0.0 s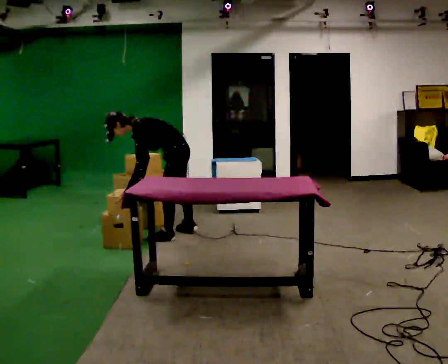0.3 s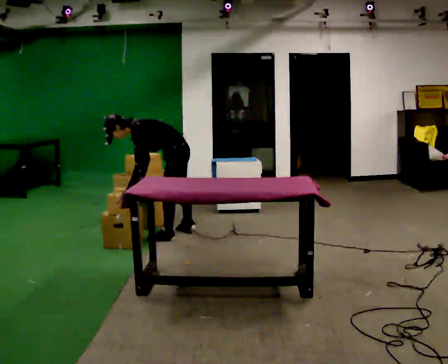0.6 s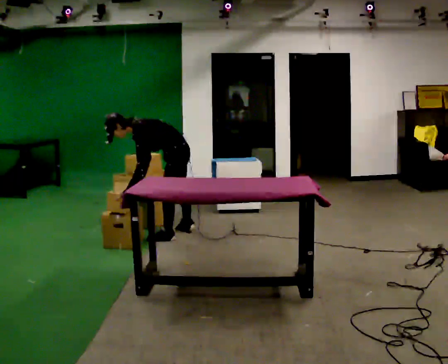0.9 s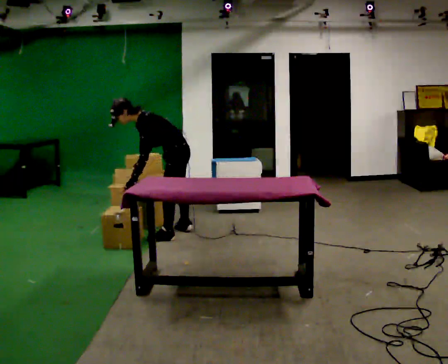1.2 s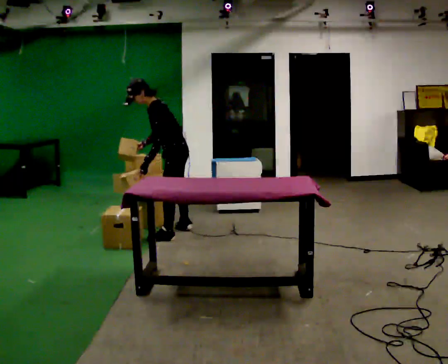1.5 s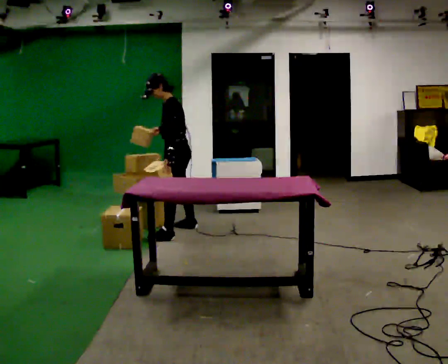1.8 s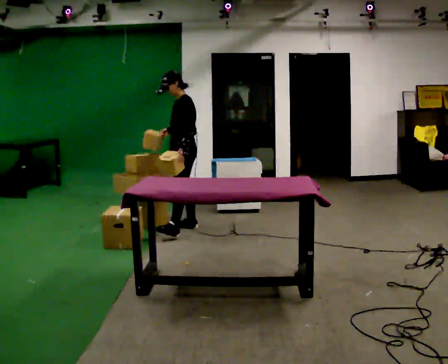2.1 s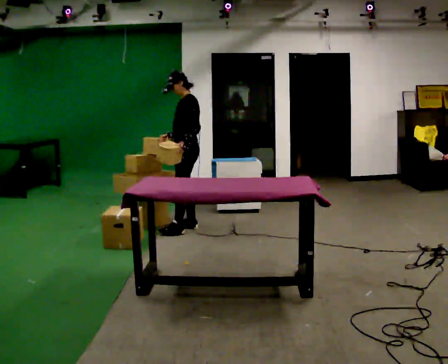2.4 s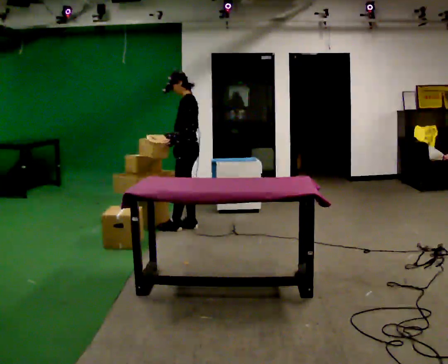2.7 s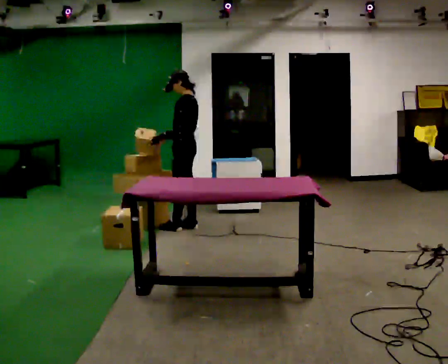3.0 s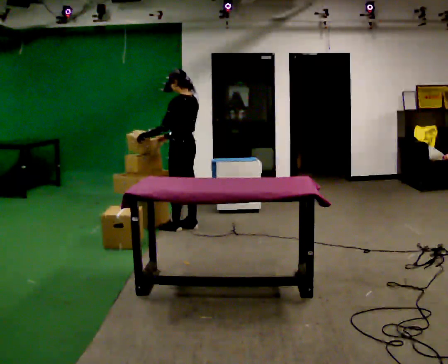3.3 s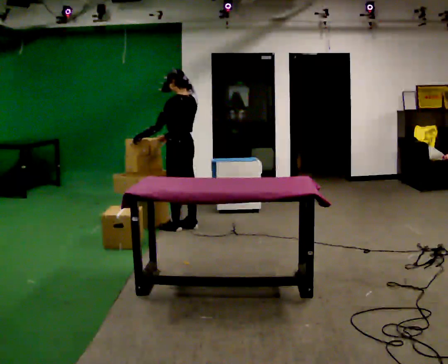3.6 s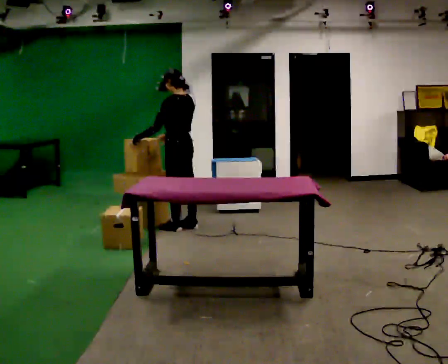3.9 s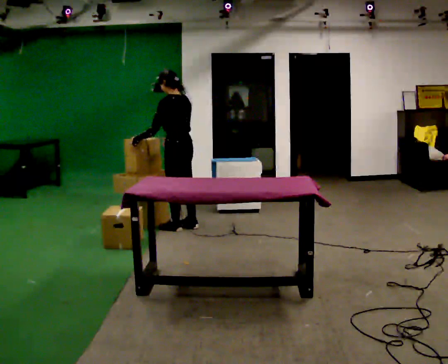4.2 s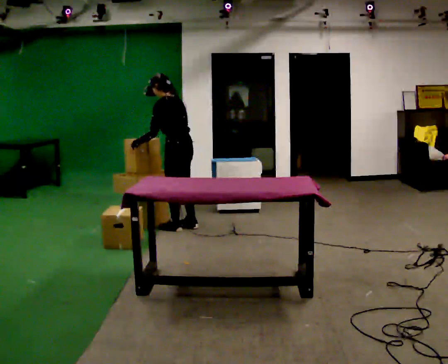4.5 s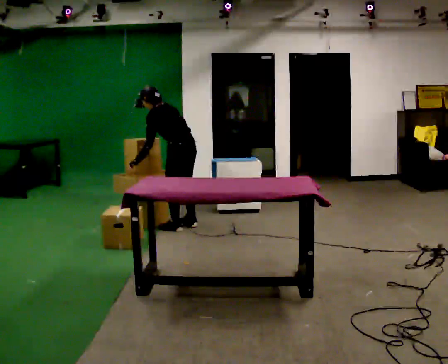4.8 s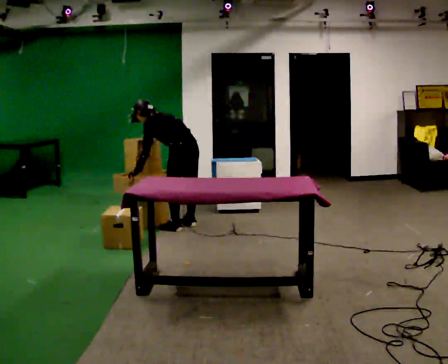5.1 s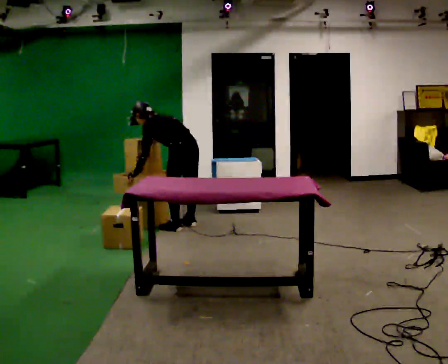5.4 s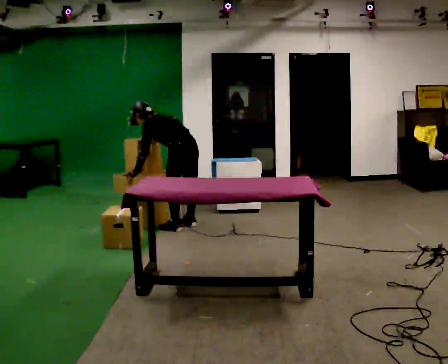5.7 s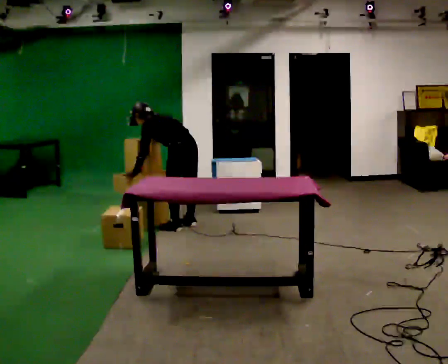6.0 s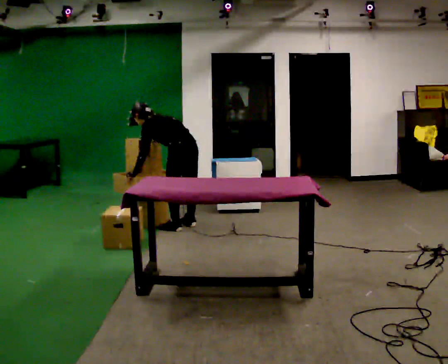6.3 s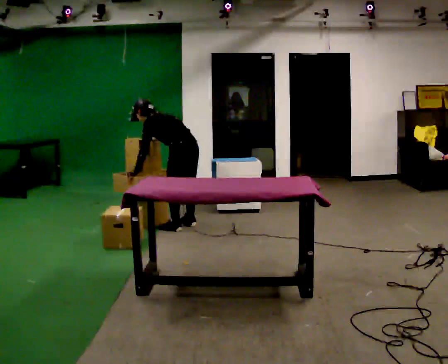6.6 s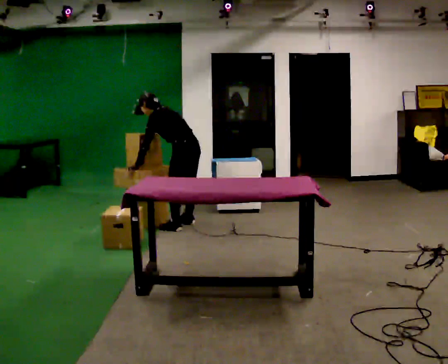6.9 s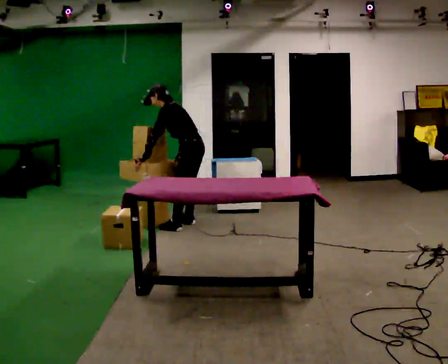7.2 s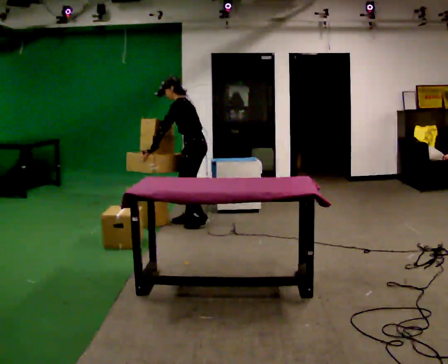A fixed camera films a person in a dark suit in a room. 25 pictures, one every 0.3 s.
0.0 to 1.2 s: The upper body goes upward. In the picture the upper body tilts clockwise, shoulders to the right, as they lean back or straighten.
1.2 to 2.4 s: In the picture they go away from the camera, about 0.25 m in 1 step, which for them is to their right and backward. In the picture the upper body tilts clockwise, shoulders to the right, as they lean back or straighten.
2.4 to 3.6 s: Seen from above the body turns clockwise, about 45 degrees: to their right, with its near side sliding to the left. In the picture their left hand goes to the left.
3.6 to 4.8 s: The upper body goes downward. In the picture the upper body tilts counterclockwise, shoulders to the left, as they bend forward. In the picture their right hand goes downward.
4.8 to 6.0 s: The person moves a little, or ends about where they began.
6.0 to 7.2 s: Seen from above the body turns counterclockwise, about 30 degrees: to their left, with its near side sliding to the right. In the picture they go away from the camera, about 0.25 m in 1 step, which for them is to their right. The shoulders move upward. The upper body tips toward the camera, its near side rolling downward, as they lean back or straighten.
The film runs backward here.
